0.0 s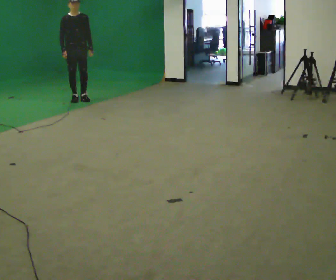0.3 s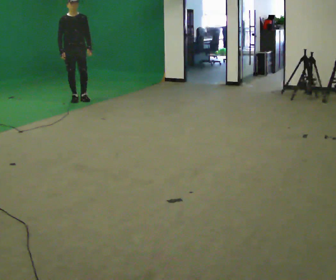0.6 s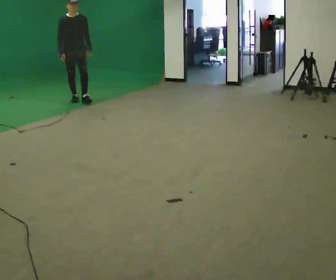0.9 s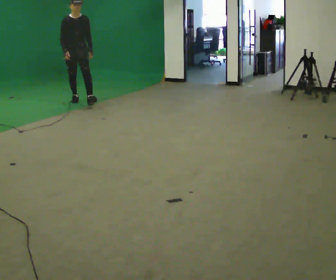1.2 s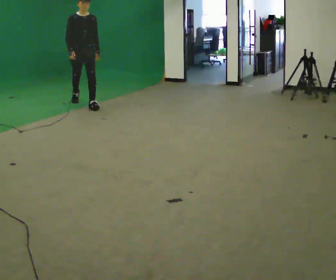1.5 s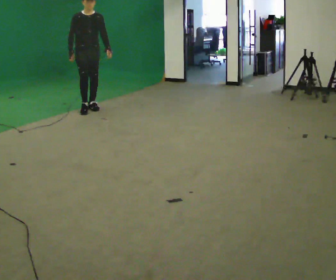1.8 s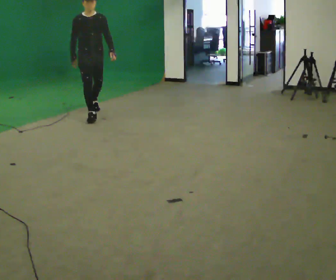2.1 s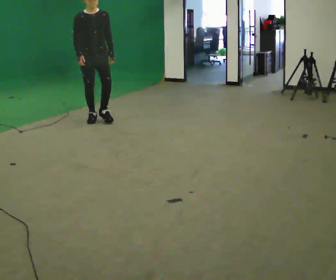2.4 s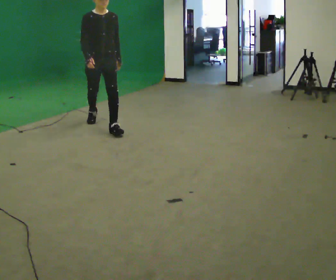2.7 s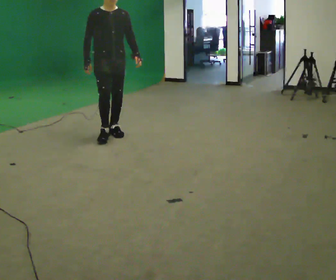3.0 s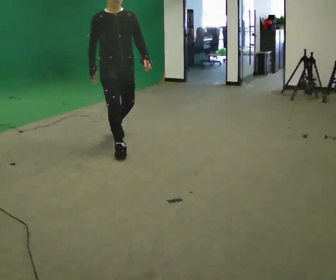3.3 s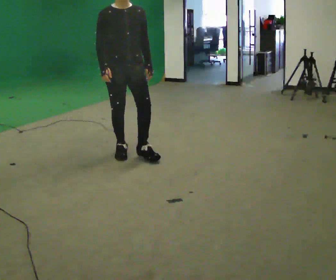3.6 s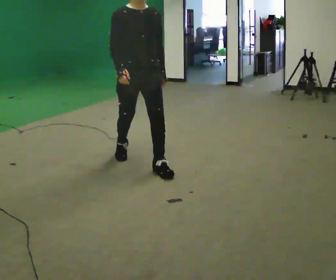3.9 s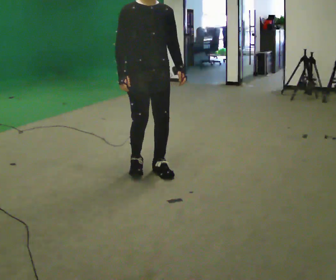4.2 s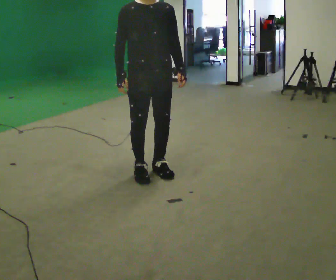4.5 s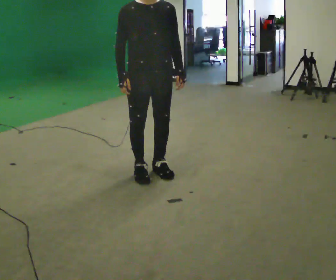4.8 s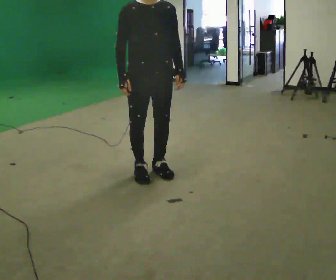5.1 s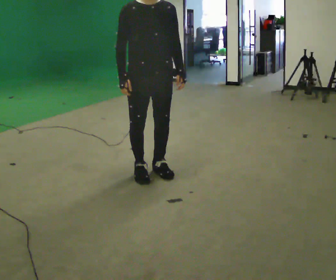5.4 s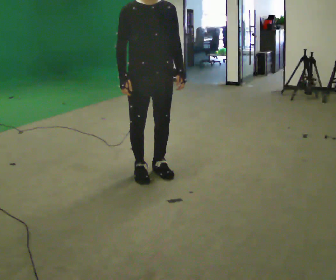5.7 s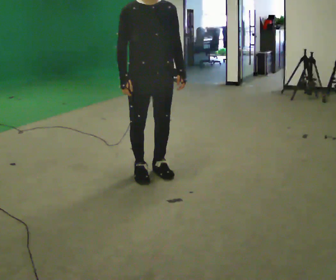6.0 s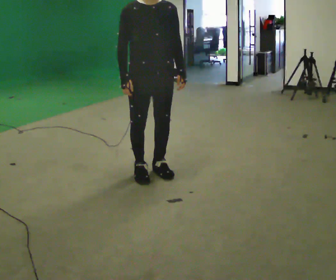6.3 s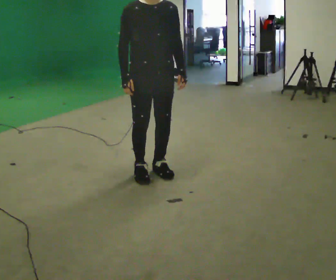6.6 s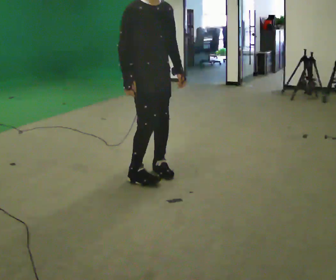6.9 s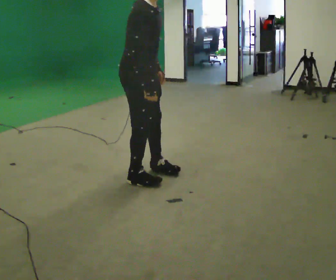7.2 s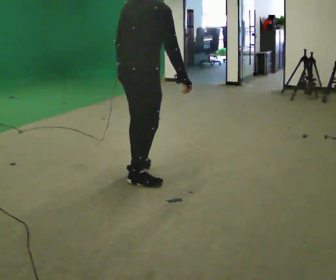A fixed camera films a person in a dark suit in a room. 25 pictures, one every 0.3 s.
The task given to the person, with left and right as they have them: Walk forward while moving diagonally left/right; finish ~45° from start direction.
0.0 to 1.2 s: In the picture they go toward the camera and to the right, about 0.5 m in 1 step, which for them is forward.
1.2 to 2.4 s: In the picture they go toward the camera, about 1.5 m in 2 steps, which for them is forward.
2.4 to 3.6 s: In the picture they go toward the camera, about 1.5 m in 2 steps, which for them is forward.
3.6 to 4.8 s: In the picture they go toward the camera, about 0.25 m in 1 step, which for them is forward.
4.8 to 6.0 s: The person keeps their place and pose.
6.0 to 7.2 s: The person turns about 120 degrees to their left, counterclockwise seen from above, so the part of the body nearest the lens slides to the right. In the picture they go toward the camera, about 0.25 m in 1 step. In the picture their left hand goes to the left, the arm swinging clockwise.
The film runs forward here.
